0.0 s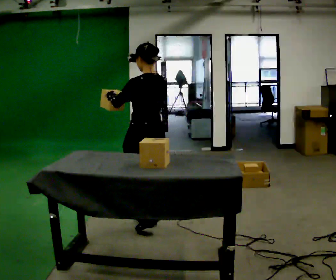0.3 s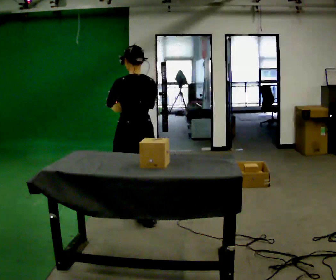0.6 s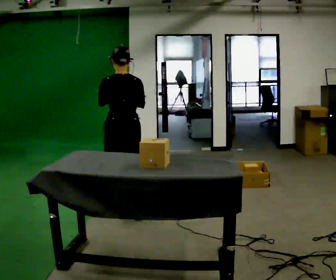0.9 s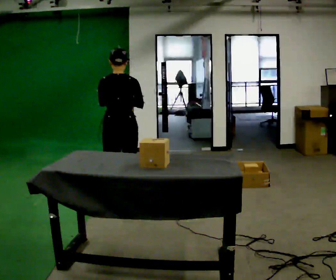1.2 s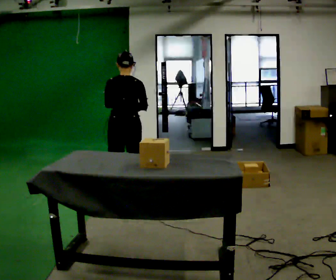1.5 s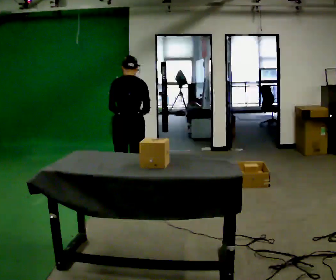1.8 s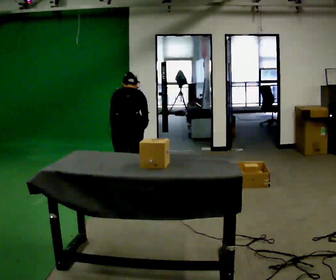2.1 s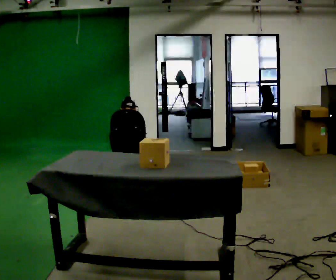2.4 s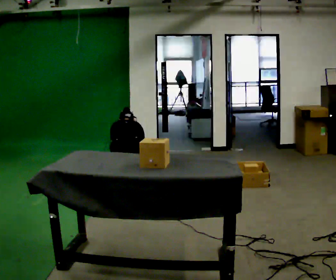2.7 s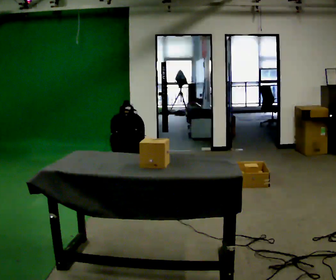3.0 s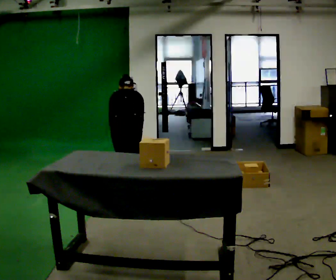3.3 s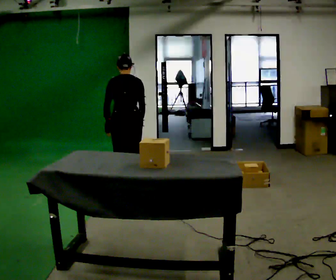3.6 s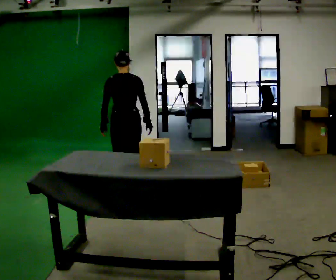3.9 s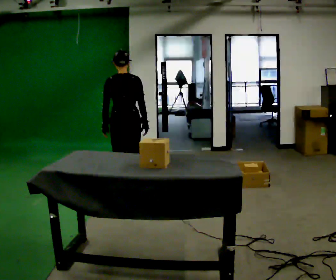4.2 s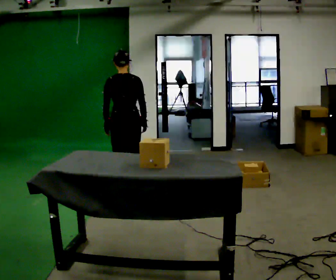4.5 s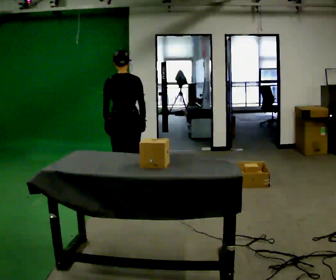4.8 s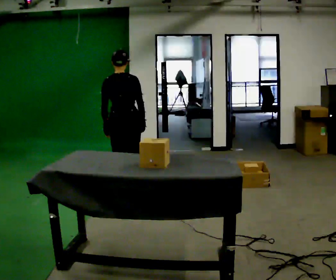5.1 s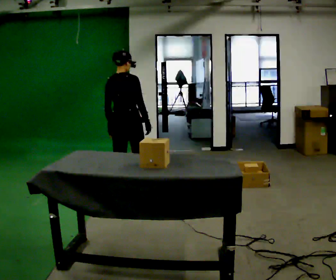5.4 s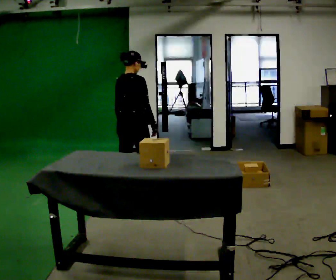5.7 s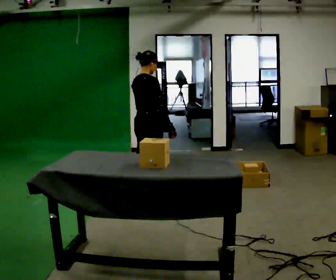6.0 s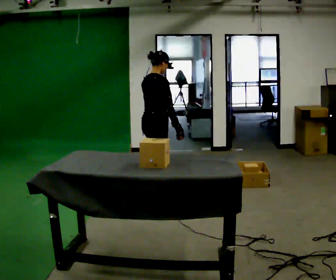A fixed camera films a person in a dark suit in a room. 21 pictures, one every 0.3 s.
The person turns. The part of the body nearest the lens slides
to the left.
The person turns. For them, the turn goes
to their right.
0.0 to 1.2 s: Seen from above the body turns clockwise, about 45 degrees: to their right, with its near side sliding to the left. In the picture they go away from the camera, about 0.75 m in 2 steps, which for them is forward.
1.2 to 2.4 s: The shoulders move downward. The upper body tips away from the camera, its near side rolling upward, as they bend forward. In the picture their left hand goes downward.
2.4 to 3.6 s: In the picture they go away from the camera, about 0.25 m, which for them is forward. The upper body goes upward. The upper body tips toward the camera, its near side rolling downward, as they lean back or straighten. In the picture their left hand goes upward.
3.6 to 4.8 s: The person moves a little, or ends about where they began.
4.8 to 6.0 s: Seen from above the body turns clockwise, about 60 degrees: to their right, with its near side sliding to the left. In the picture they go to the right, about 0.25 m, which for them is to their right and forward.
The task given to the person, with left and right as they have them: Take each object from the table and put it in the bin that matches it, walking between the bins. Keep going until the operator says stop; one object at a time, and do not rush between trips.
The film runs forward here.
